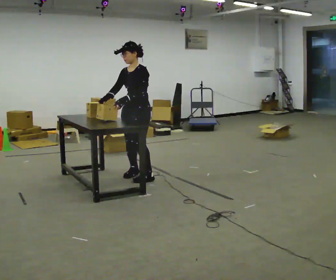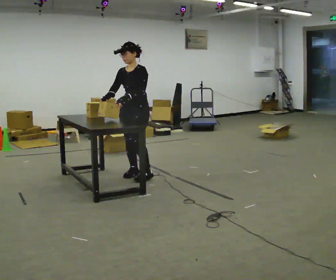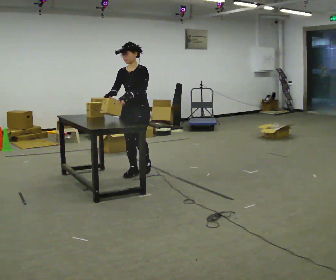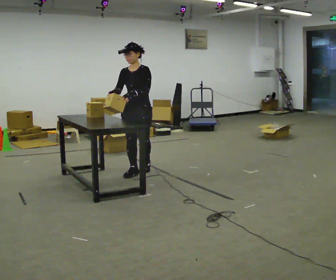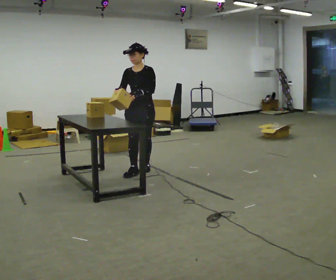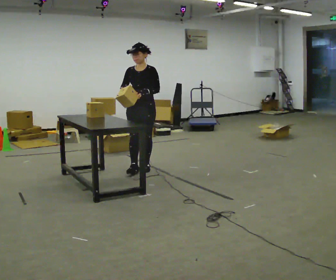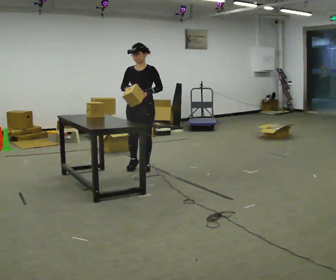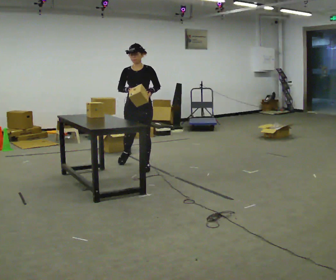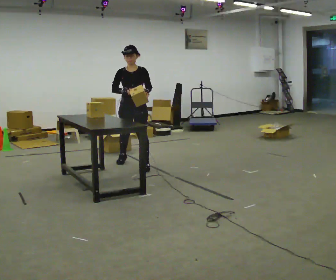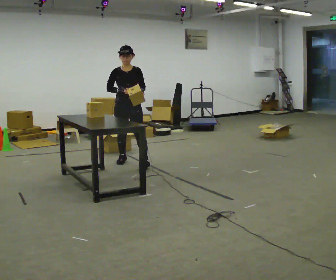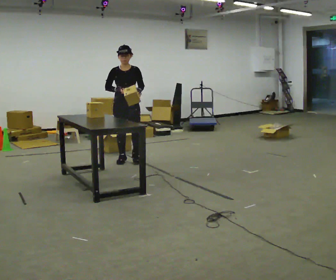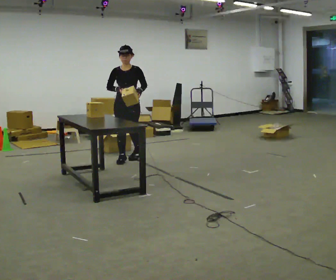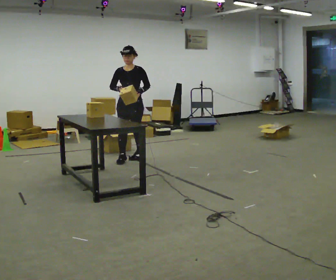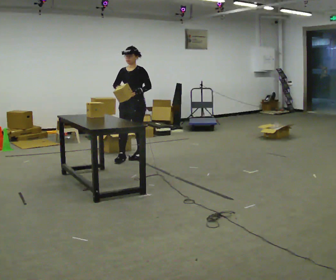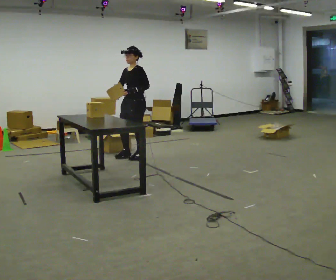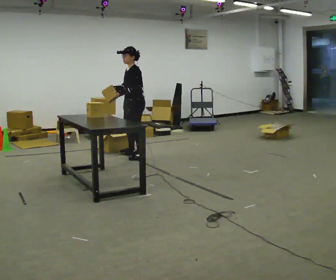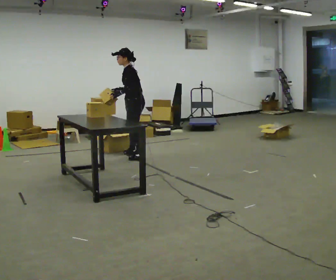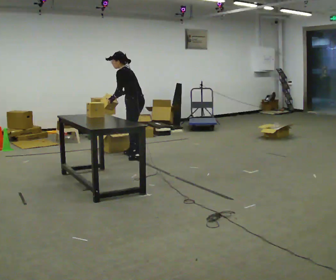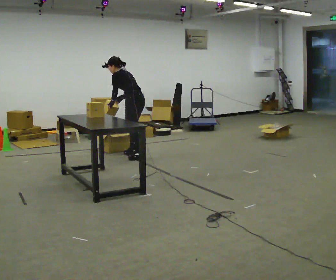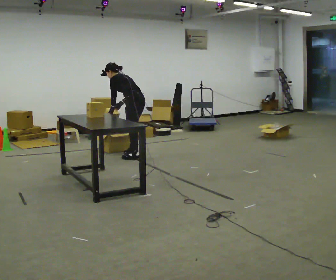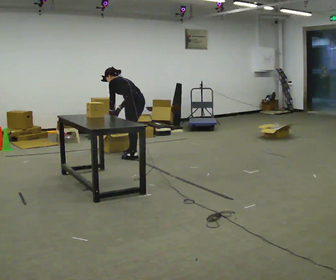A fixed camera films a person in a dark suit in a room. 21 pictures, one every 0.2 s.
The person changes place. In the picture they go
away from the camera.
The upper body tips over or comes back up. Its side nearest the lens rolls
upward.
0.0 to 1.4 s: The person turns about 45 degrees to their left, counterclockwise seen from above, so the part of the body nearest the lens slides to the right. In the picture they go away from the camera, about 0.5 m in 2 steps, which for them is backward.
1.4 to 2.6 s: In the picture they go away from the camera, about 0.5 m in 2 steps, which for them is backward.
2.6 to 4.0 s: The part of the body nearest the lens slides to the left as the person turns to their right by about 90 degrees. In the picture they go away from the camera, about 0.25 m in 1 step. The upper body goes downward. The upper body tips away from the camera, its near side rolling upward, as they bend forward. In the picture their right hand goes downward.
The film runs backward here.
